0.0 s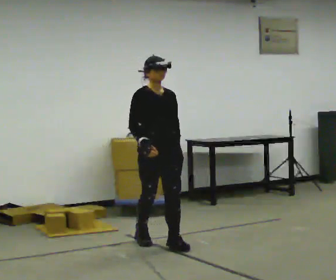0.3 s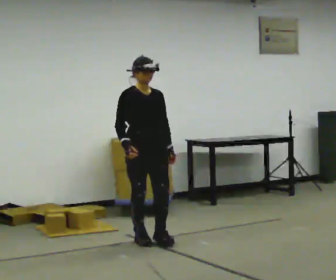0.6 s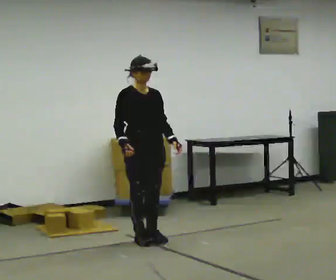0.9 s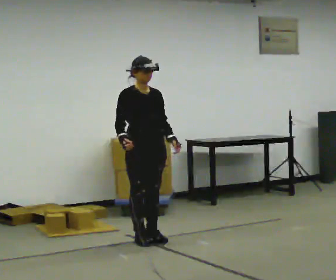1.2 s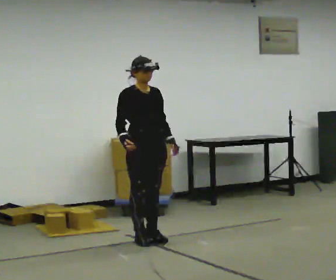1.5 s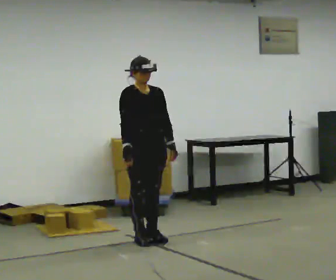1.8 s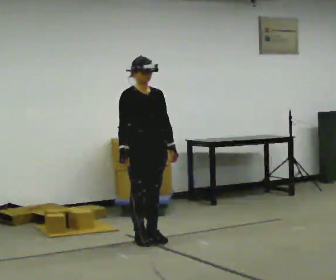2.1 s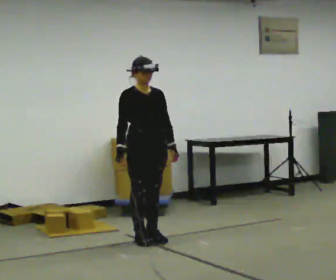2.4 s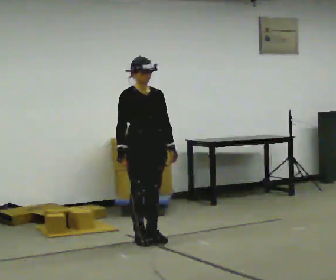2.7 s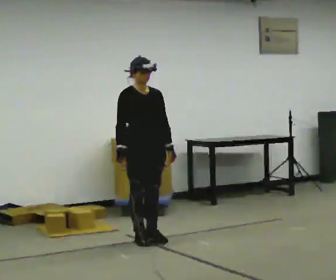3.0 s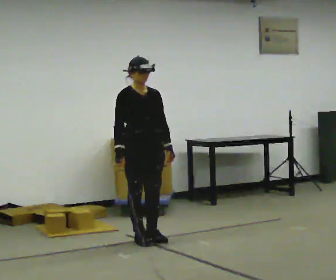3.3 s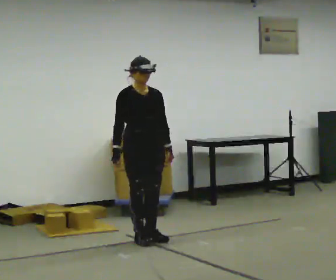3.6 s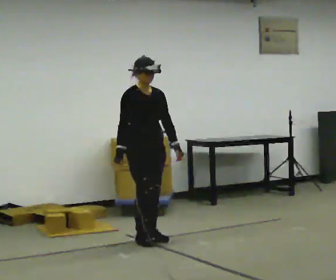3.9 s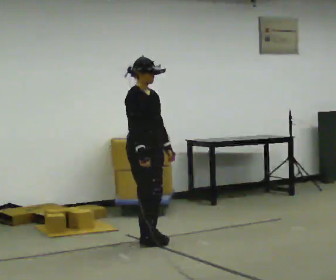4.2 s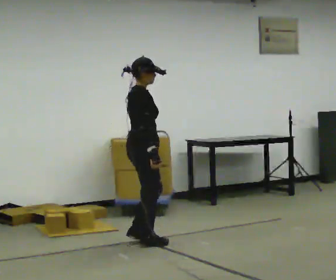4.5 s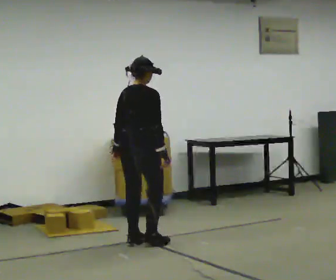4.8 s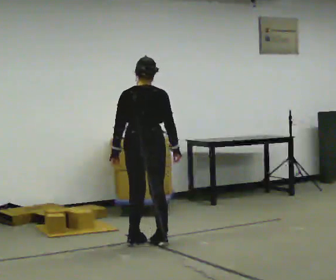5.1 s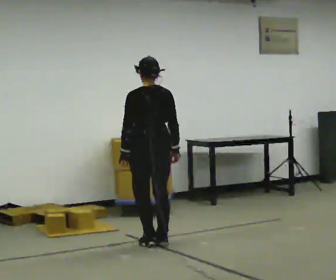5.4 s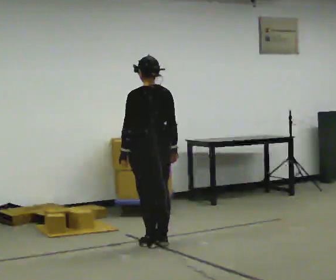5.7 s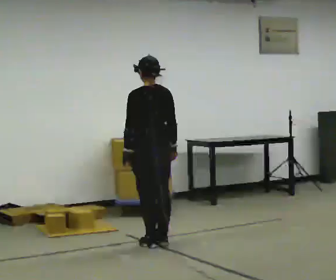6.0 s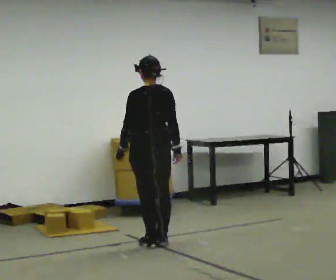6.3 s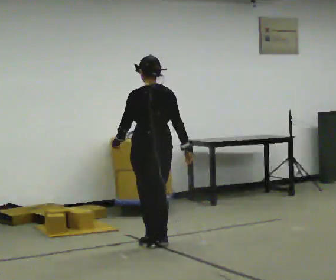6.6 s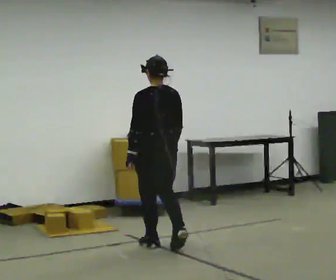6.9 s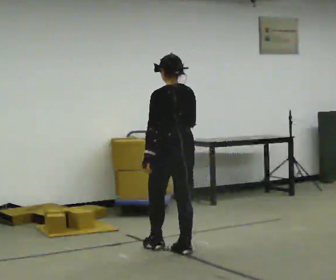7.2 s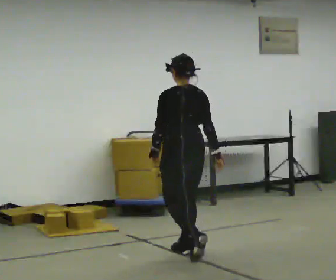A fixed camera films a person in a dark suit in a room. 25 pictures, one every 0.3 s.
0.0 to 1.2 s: In the picture they go away from the camera, about 0.25 m in 1 step, which for them is backward.
1.2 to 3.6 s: The person moves a little, or ends about where they began.
3.6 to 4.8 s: Seen from above the body turns counterclockwise, about 135 degrees: to their left, with its near side sliding to the right. In the picture they go toward the camera, about 0.25 m in 2 steps. In the picture their right hand goes to the right, the arm swinging counterclockwise.
4.8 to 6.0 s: The part of the body nearest the lens slides to the right as the person turns to their left by about 30 degrees.
6.0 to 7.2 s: In the picture they go toward the camera and to the right, about 0.5 m in 2 steps, which for them is backward.
The film runs backward here.
